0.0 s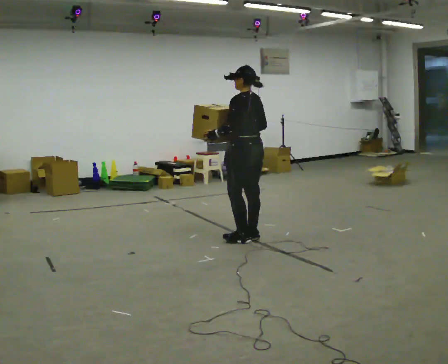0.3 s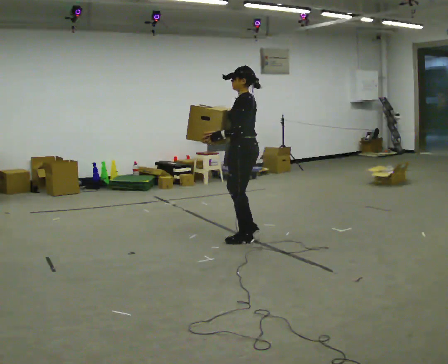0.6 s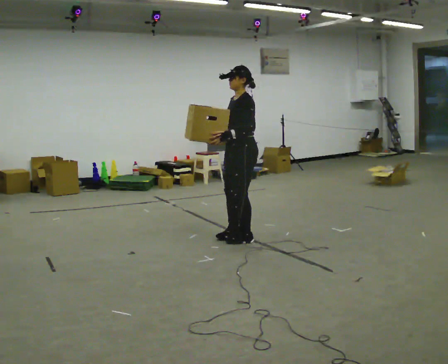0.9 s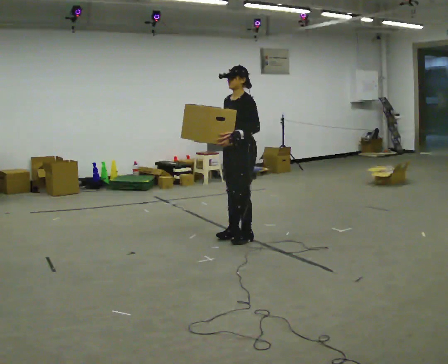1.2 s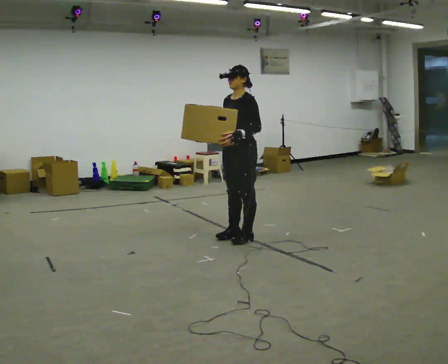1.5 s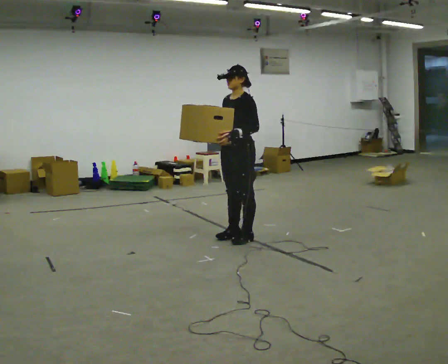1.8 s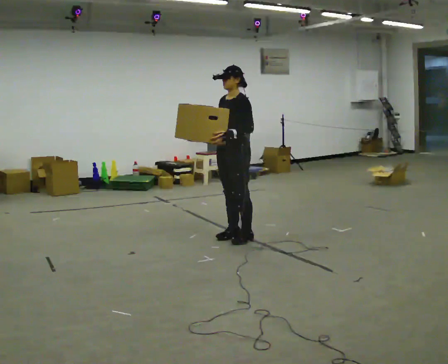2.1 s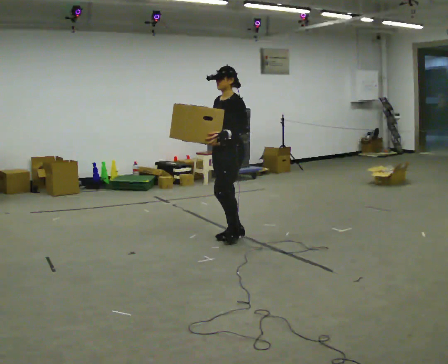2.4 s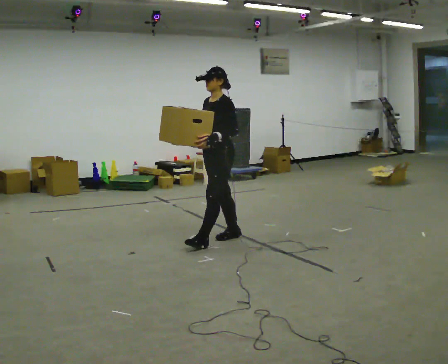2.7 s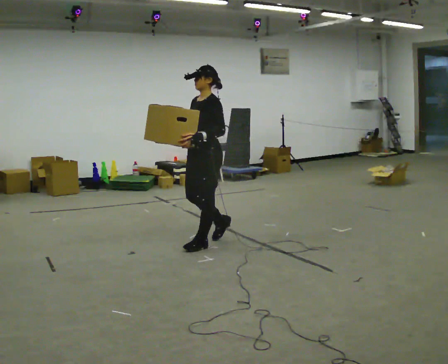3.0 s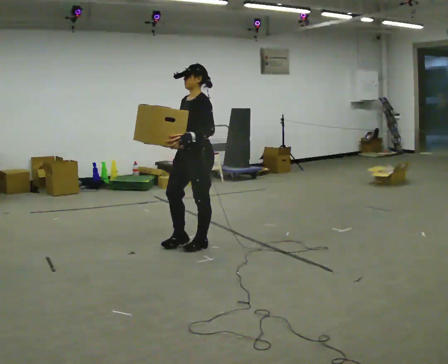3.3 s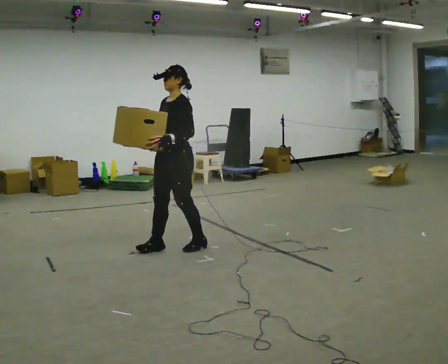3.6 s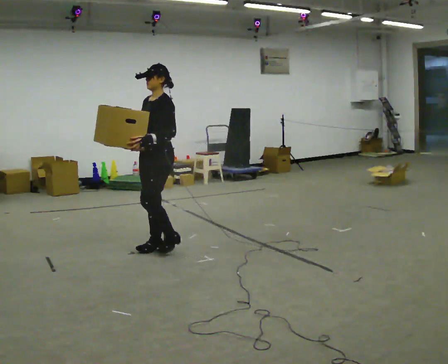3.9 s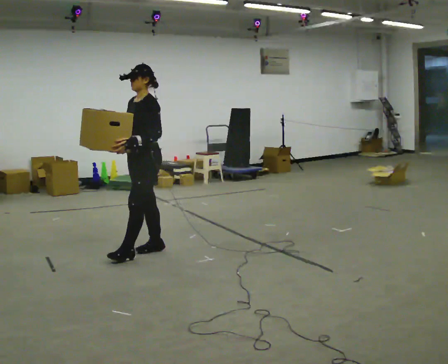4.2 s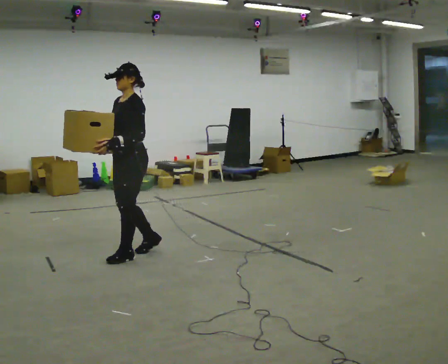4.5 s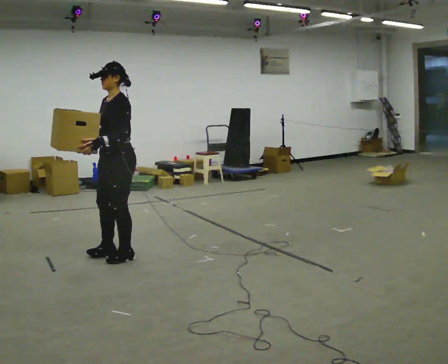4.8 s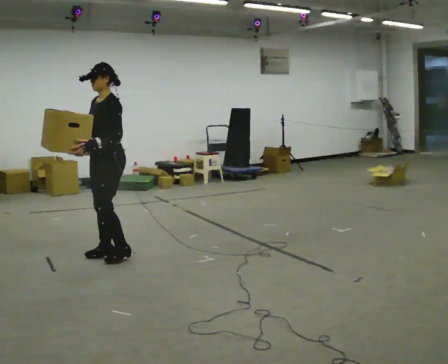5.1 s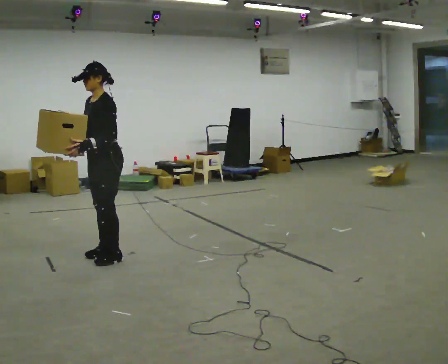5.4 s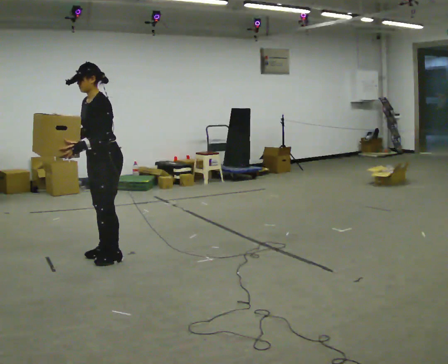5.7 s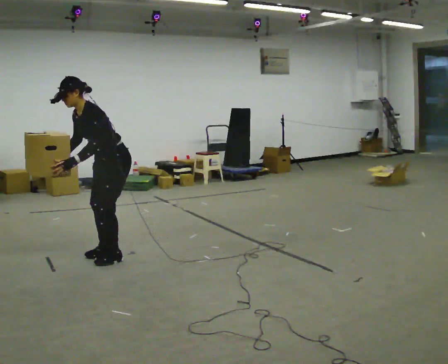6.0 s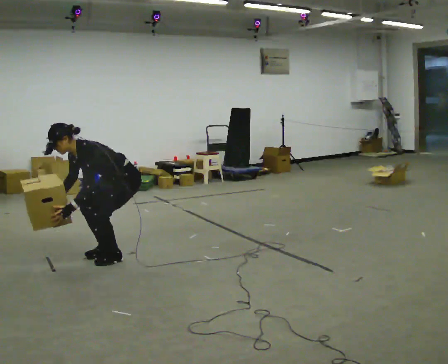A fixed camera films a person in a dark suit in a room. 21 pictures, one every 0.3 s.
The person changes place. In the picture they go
to the left.
Their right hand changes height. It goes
downward.
0.0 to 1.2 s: The person turns about 75 degrees to their left, counterclockwise seen from above, so the part of the body nearest the lens slides to the right. In the picture their right hand goes to the left.
1.2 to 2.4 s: In the picture they go to the left, about 0.25 m in 1 step, which for them is forward.
2.4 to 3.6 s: In the picture they go to the left and toward the camera, about 0.5 m in 1 step, which for them is forward.
3.6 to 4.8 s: In the picture they go to the left and toward the camera, about 0.5 m in 2 steps, which for them is forward.
4.8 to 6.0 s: The shoulders move downward. In the picture the upper body tilts counterclockwise, shoulders to the left, as they bend forward. In the picture their right hand goes downward.
The film runs forward here.
